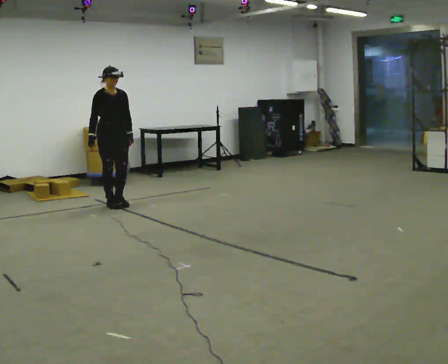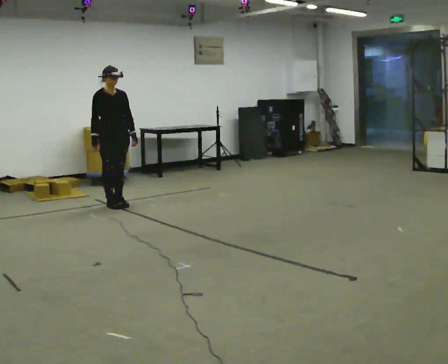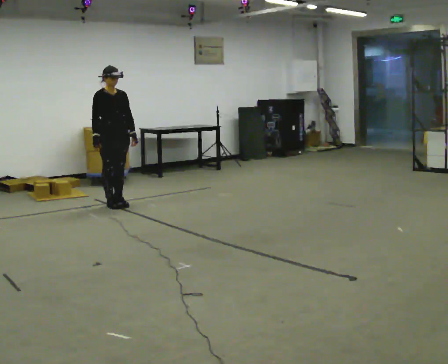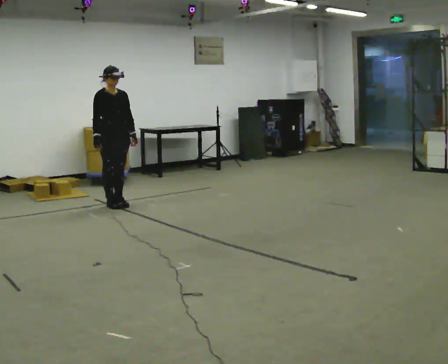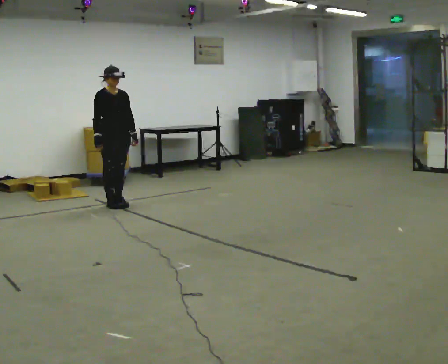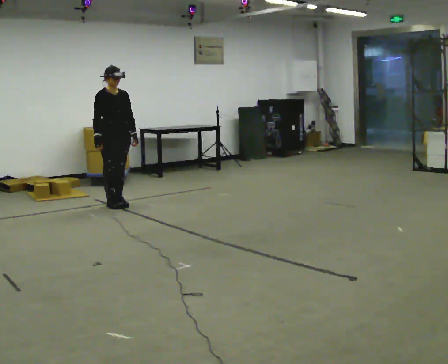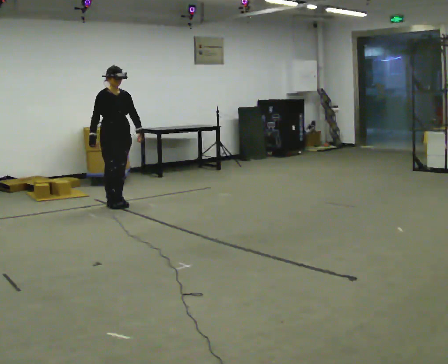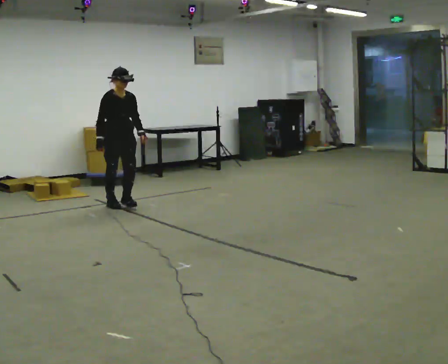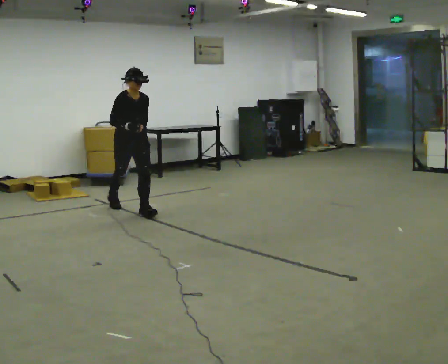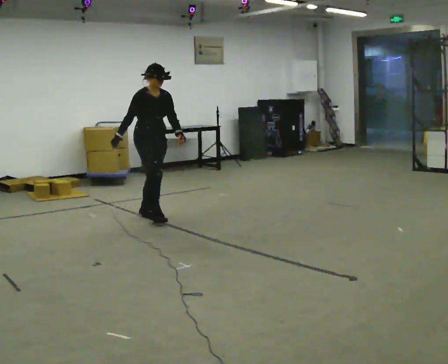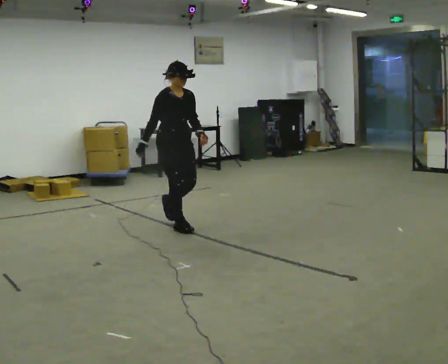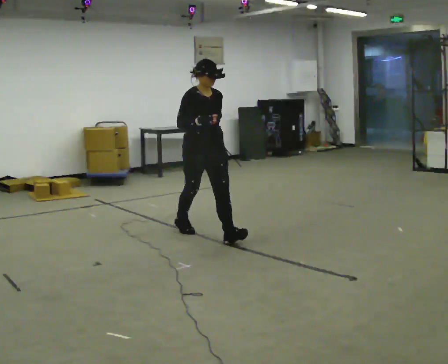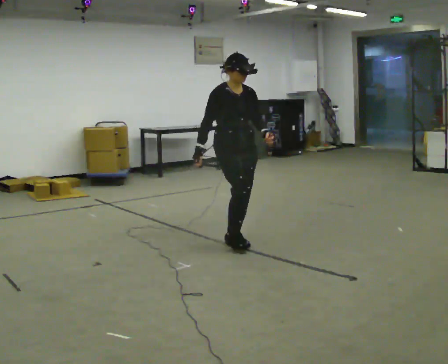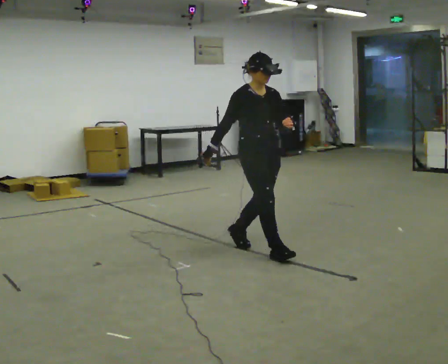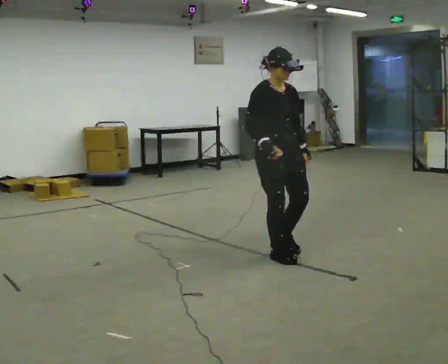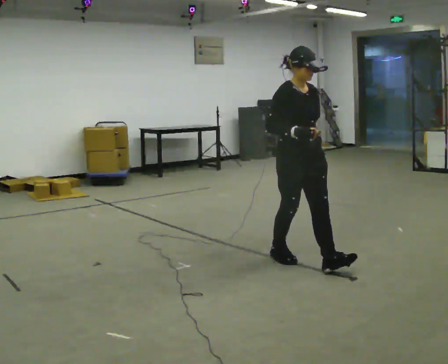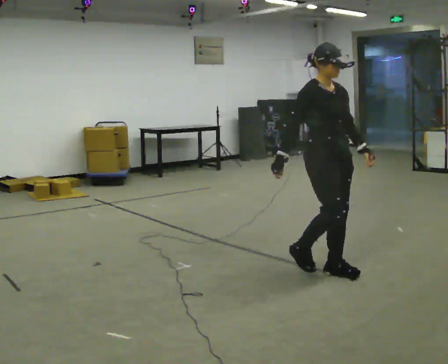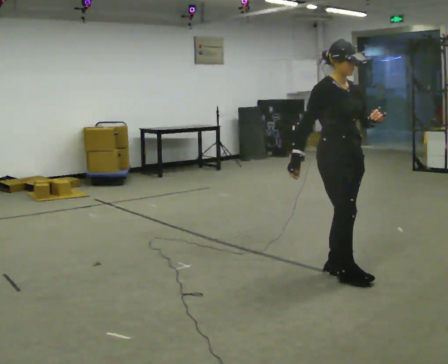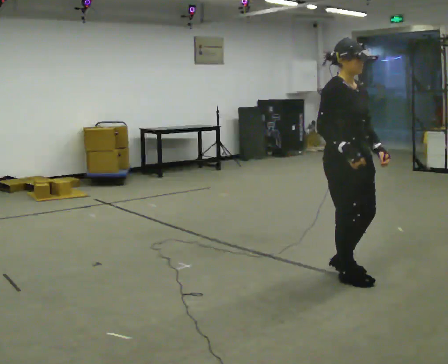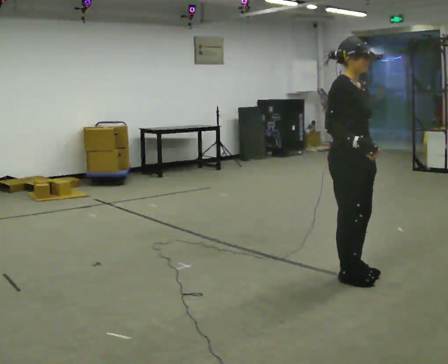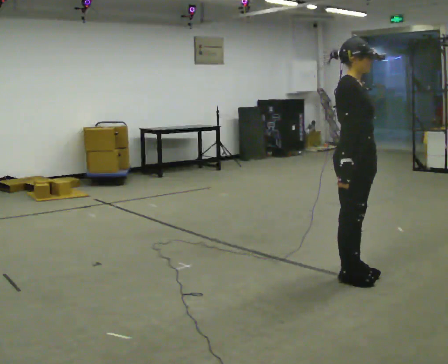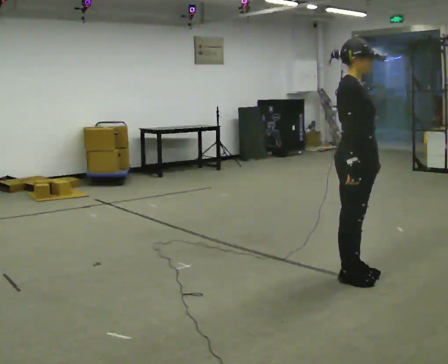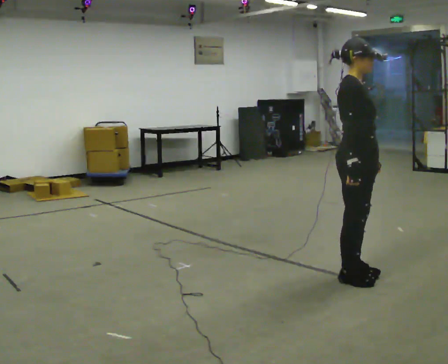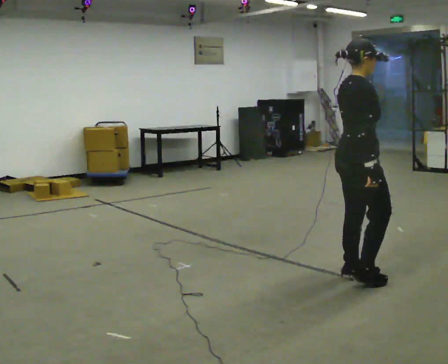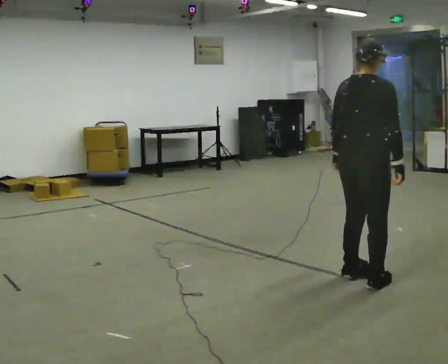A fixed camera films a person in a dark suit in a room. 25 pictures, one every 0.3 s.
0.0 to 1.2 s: The person moves a little, or ends about where they began.
1.2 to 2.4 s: In the picture they go toward the camera and to the right, about 0.5 m in 1 step, which for them is forward.
2.4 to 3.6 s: In the picture they go toward the camera and to the right, about 1.5 m in 2 steps, which for them is forward.
3.6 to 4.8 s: In the picture they go toward the camera and to the right, about 1 m in 2 steps, which for them is forward.
4.8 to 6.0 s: Seen from above the body turns counterclockwise, about 30 degrees: to their left, with its near side sliding to the right. In the picture they go toward the camera, about 0.25 m in 2 steps, which for them is forward.
6.0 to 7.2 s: Seen from above the body turns counterclockwise, about 75 degrees: to their left, with its near side sliding to the right. In the picture their right hand goes to the right.
The film runs forward here.
